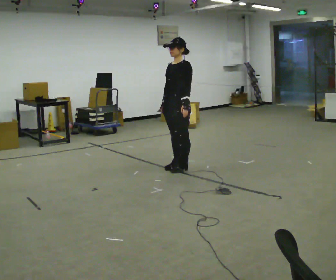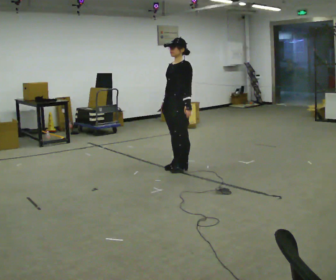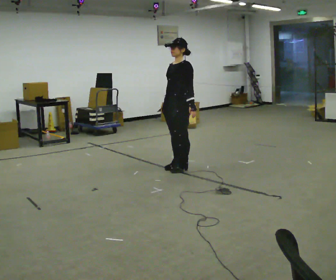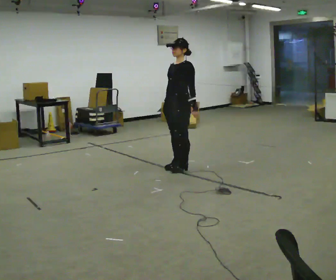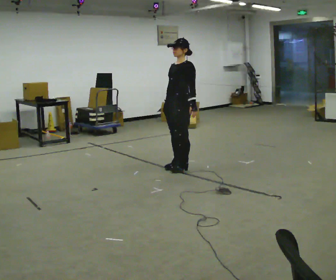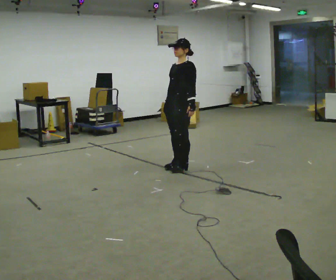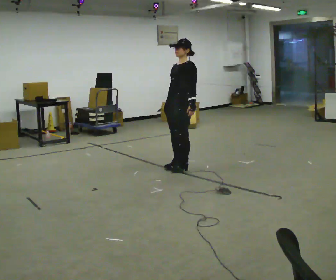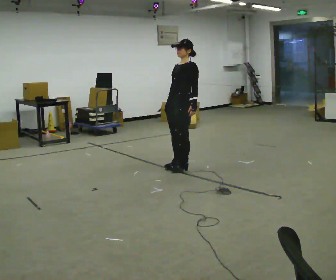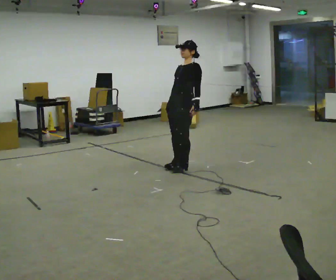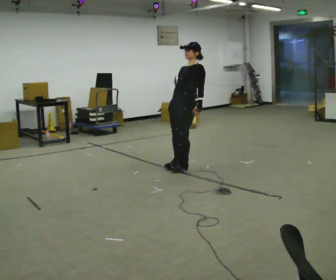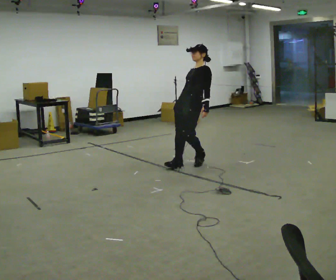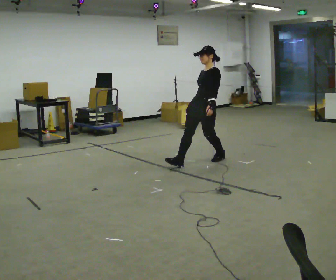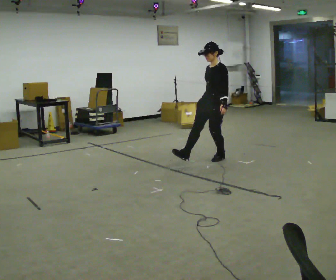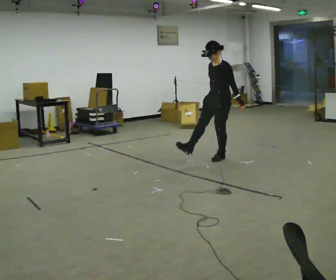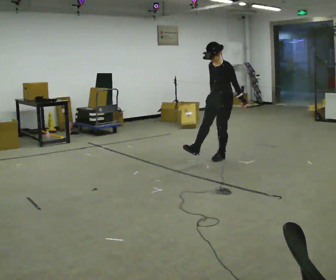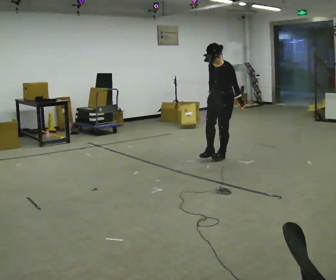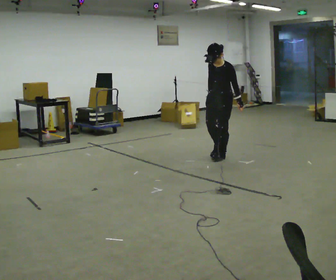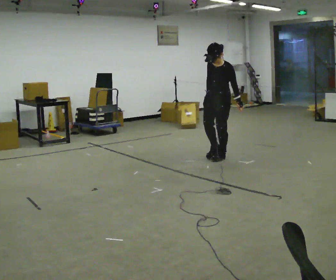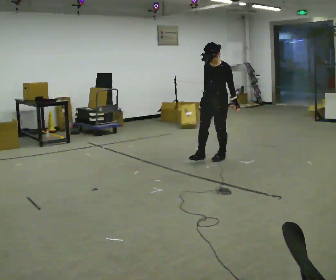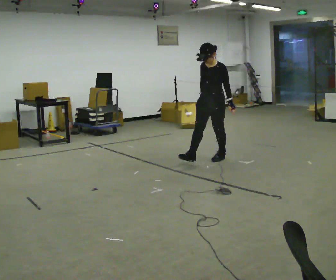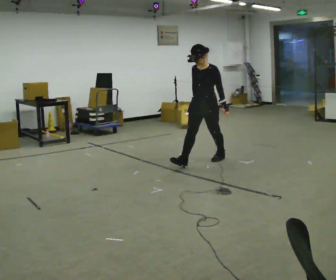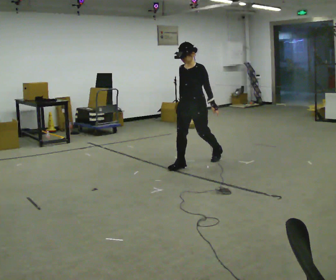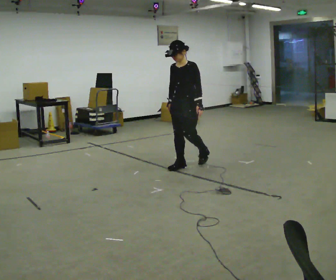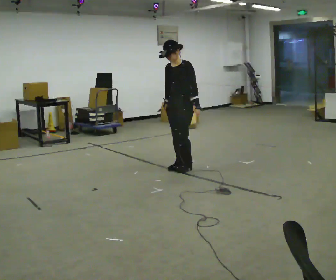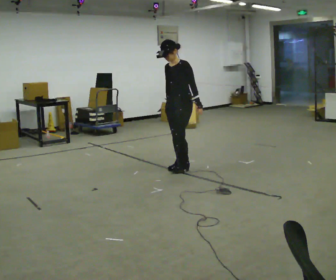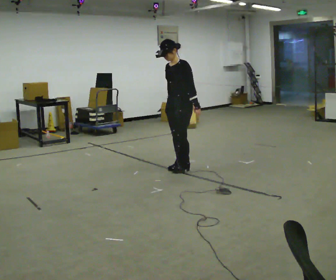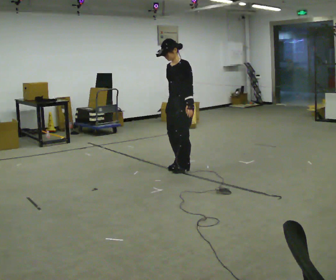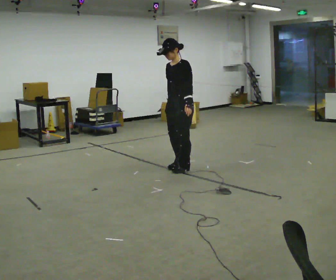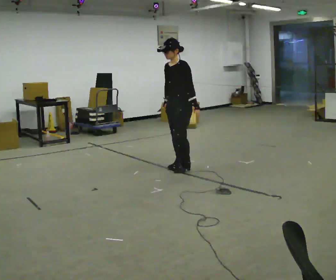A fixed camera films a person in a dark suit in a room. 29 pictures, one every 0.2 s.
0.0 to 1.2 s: The person moves a little, or ends about where they began.
1.2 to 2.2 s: In the picture they go to the right and away from the camera, about 0.5 m, which for them is backward.
2.2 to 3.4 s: In the picture they go to the right and away from the camera, about 0.25 m in 2 steps, which for them is backward. The upper body tips toward the camera, its near side rolling downward, as they bend forward.
3.4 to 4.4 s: In the picture they go to the left and toward the camera, about 0.5 m in 1 step, which for them is forward.
4.4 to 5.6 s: The person moves a little, or ends about where they began.
The film runs forward here.
